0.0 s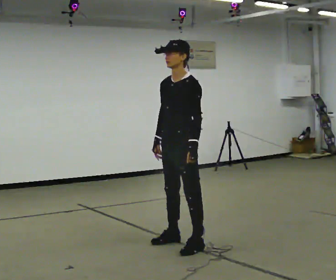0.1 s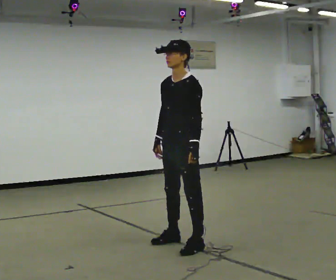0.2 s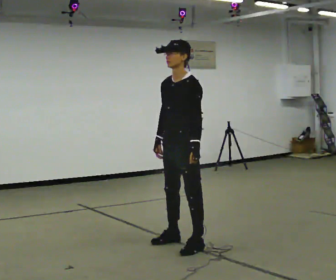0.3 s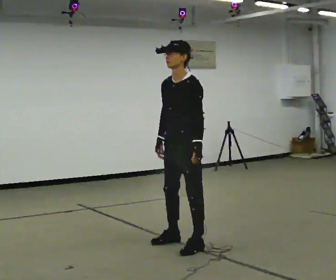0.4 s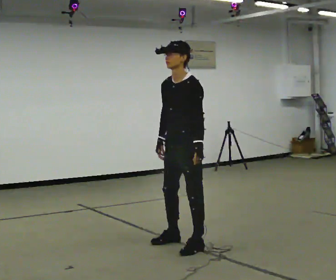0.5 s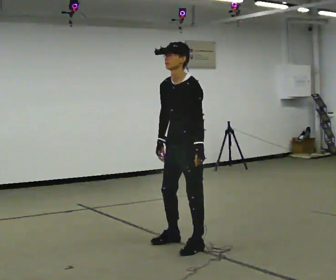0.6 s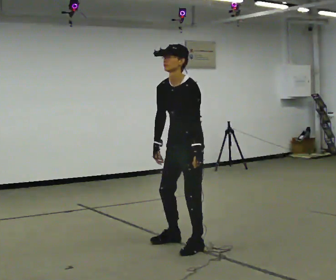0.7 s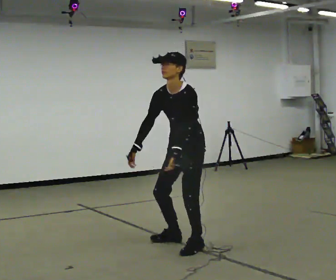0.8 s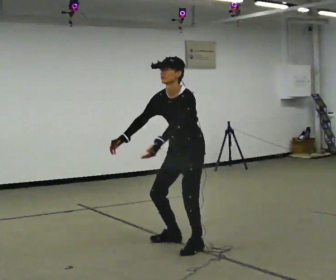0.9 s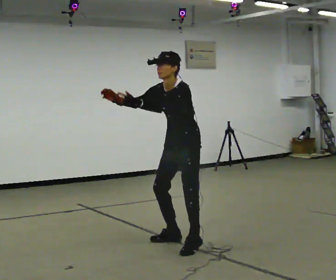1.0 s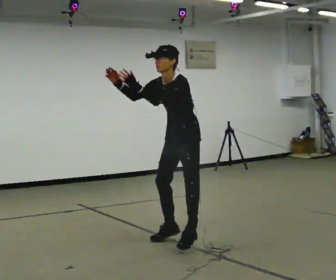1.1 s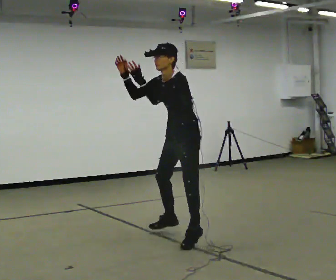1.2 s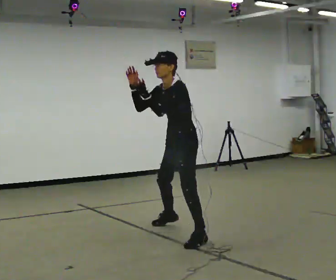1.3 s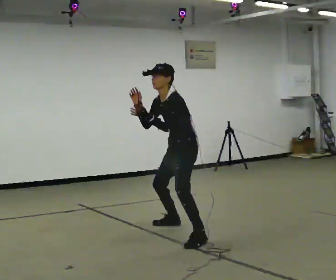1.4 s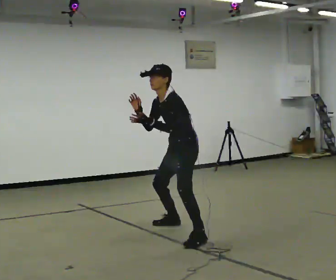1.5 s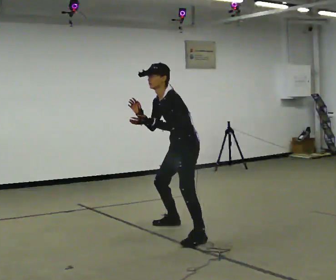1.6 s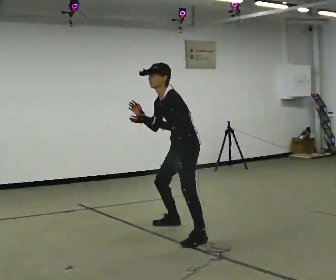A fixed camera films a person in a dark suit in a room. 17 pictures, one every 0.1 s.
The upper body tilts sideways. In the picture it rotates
counterclockwise.
0.0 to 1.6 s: In the picture they go away from the camera, about 0.5 m in 2 steps, which for them is backward and to their right. In the picture the upper body tilts counterclockwise, shoulders to the left.
The film runs forward here.
